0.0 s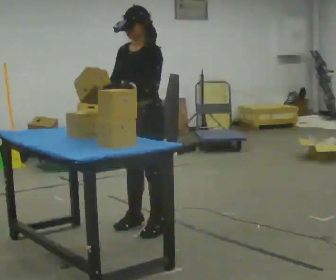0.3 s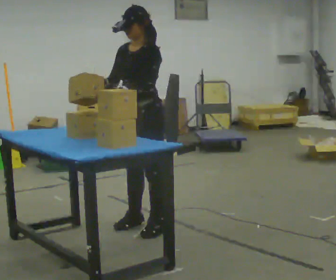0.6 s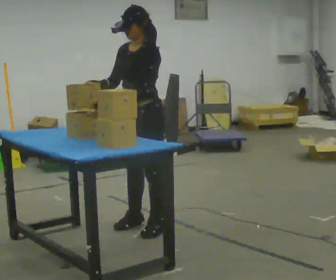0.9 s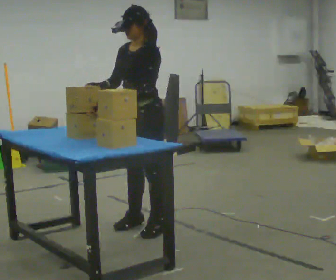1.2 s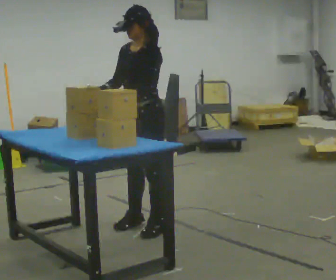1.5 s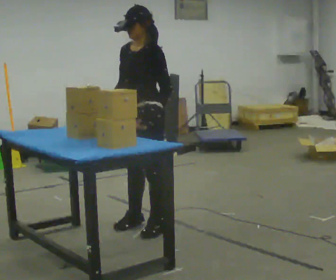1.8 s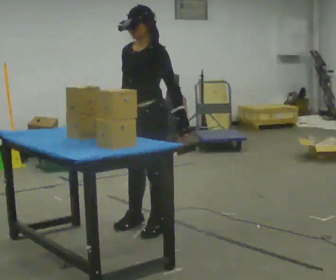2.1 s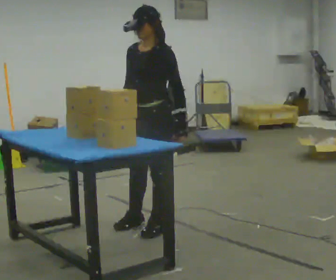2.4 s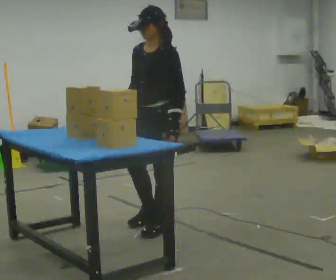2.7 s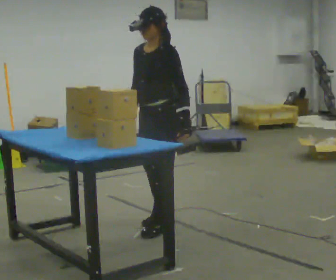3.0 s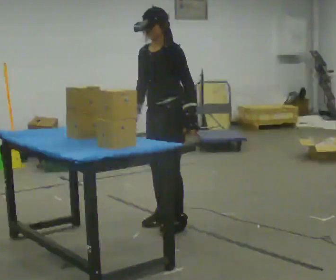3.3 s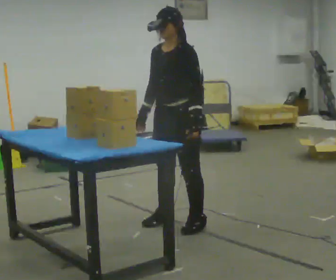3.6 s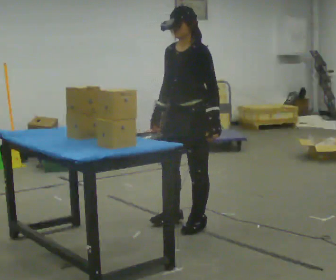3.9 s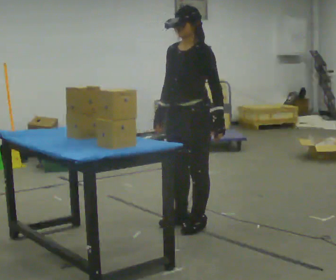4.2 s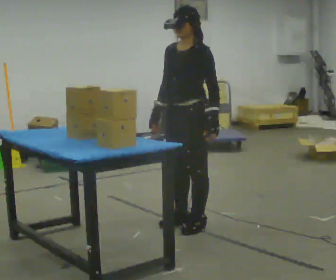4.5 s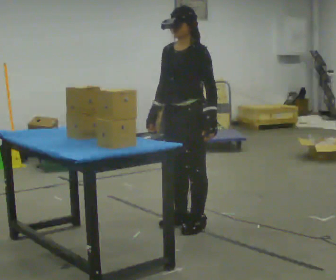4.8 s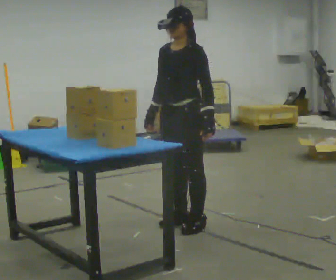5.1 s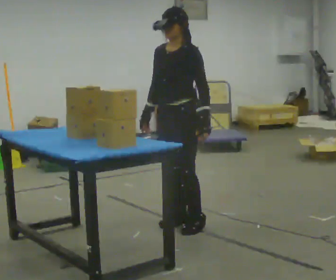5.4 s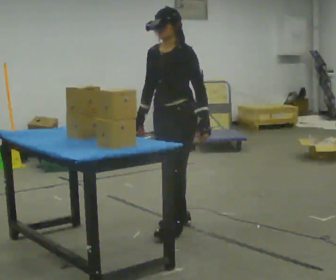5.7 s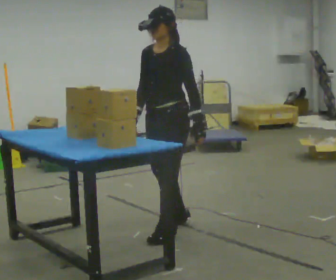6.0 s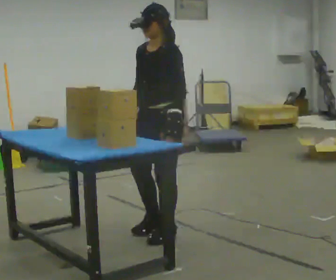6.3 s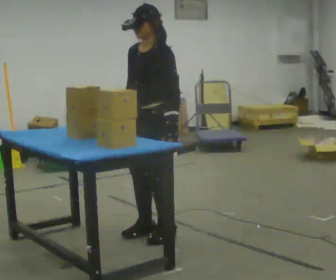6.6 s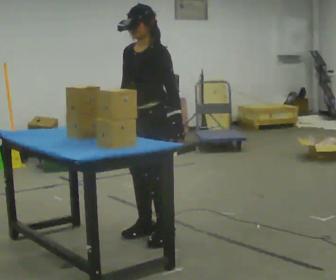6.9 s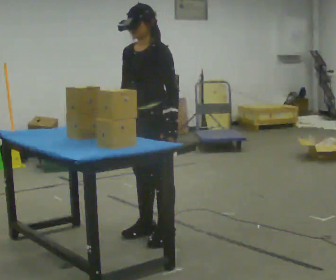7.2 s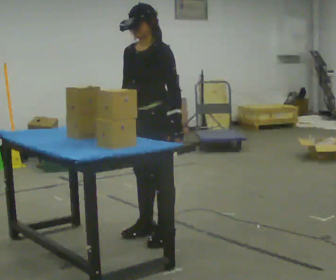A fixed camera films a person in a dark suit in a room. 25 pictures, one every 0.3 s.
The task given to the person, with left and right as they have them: Pick the object up off the floor using only the hand the operator calls, then carry it to the table in that same hand. Keep going until the operator says stop; one object at a time, and do not rush between trips.
0.0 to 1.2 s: The person moves a little, or ends about where they began.
1.2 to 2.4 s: In the picture their left hand goes to the right.
2.4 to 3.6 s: In the picture they go to the right, about 0.25 m in 2 steps, which for them is backward.
3.6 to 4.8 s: The person moves a little, or ends about where they began.
4.8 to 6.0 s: In the picture they go toward the camera and to the left, about 0.25 m in 1 step, which for them is forward.
6.0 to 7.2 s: The person moves a little, or ends about where they began.
The film runs forward here.
